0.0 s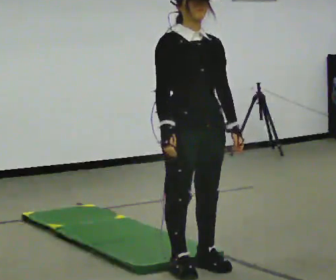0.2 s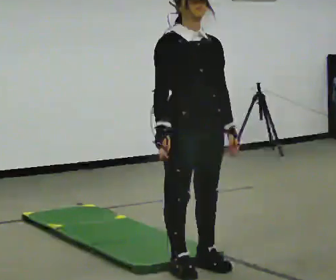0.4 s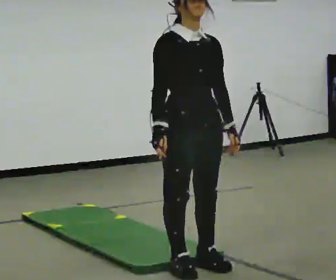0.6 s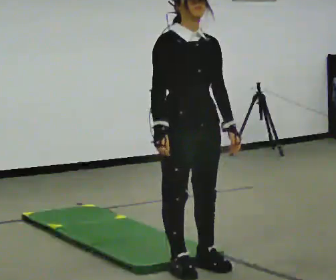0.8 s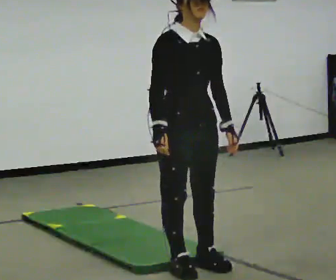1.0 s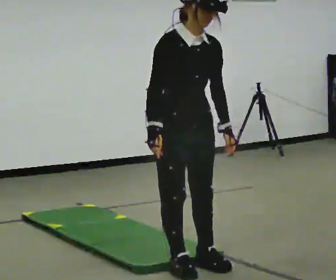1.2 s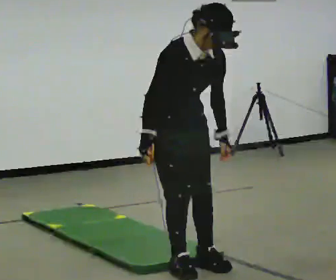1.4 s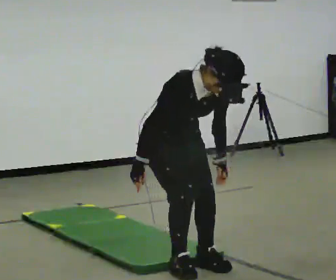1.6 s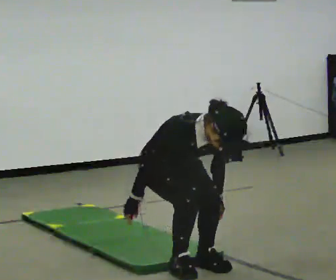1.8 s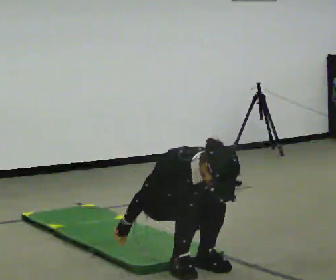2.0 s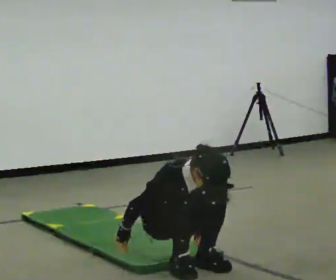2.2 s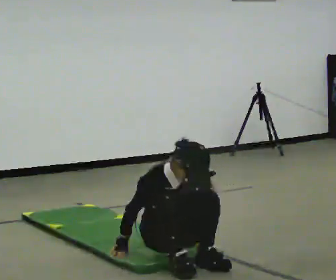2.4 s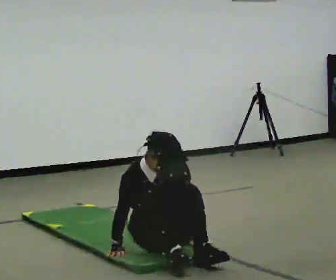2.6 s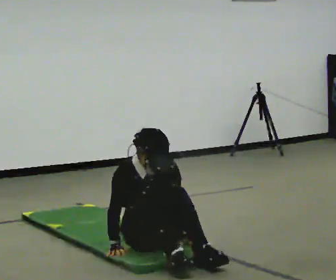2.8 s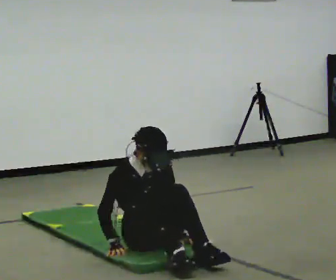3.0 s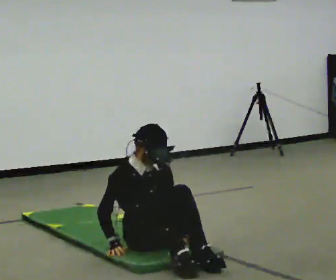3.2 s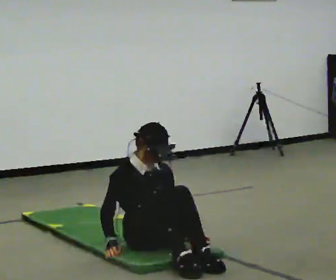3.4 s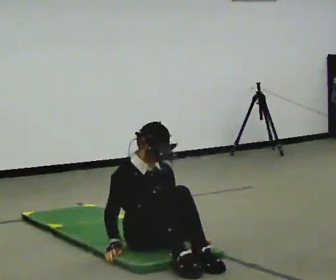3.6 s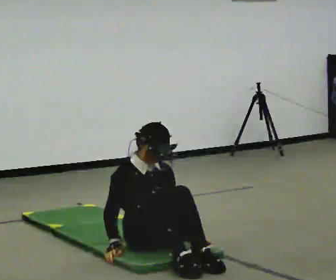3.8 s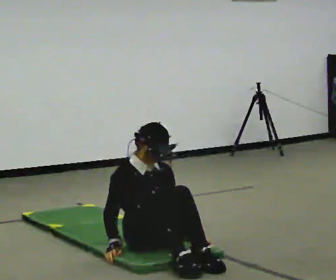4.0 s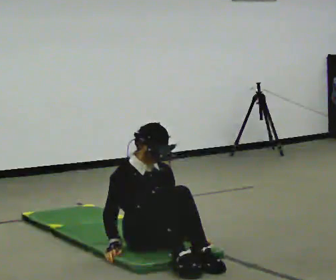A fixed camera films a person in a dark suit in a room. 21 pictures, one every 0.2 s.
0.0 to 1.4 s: In the picture they go away from the camera, about 0.25 m, which for them is backward. The upper body goes downward. The upper body tips toward the camera, its near side rolling downward, as they bend forward.
1.4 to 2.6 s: In the picture they go away from the camera, about 0.25 m, which for them is backward. The shoulders move downward. In the picture their right hand goes downward.
2.6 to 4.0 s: The upper body tips away from the camera, its near side rolling upward, as they lean back or straighten.
The film runs forward here.
